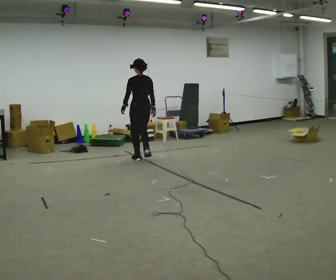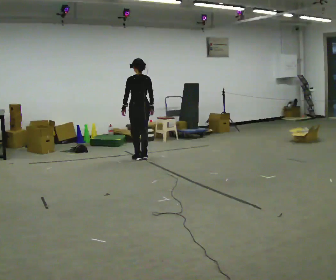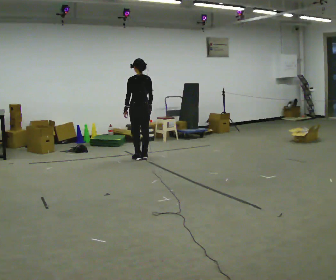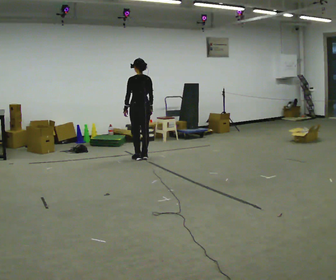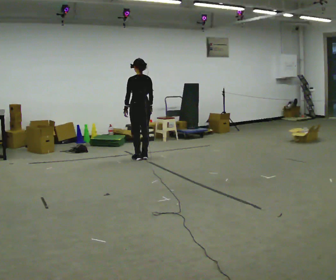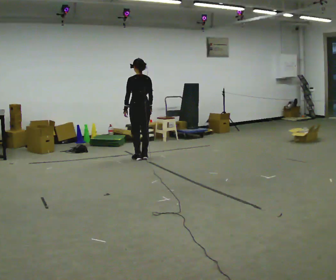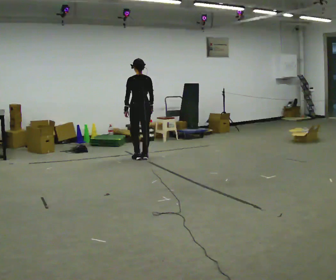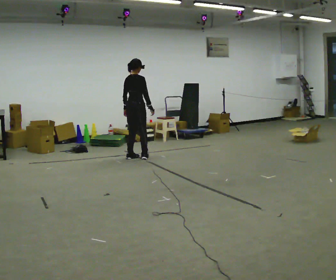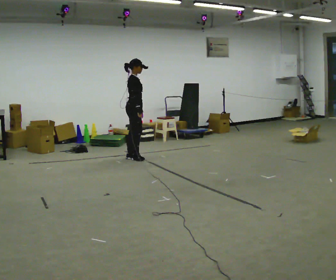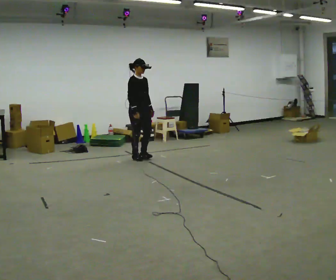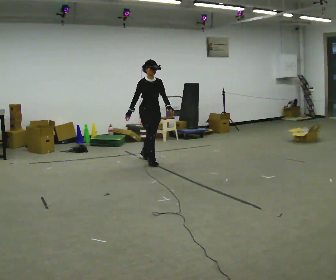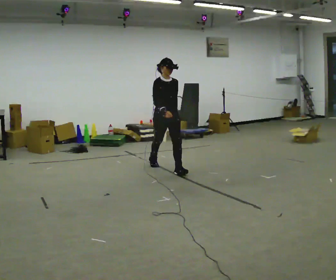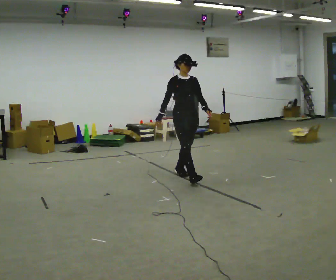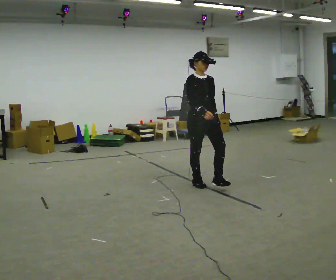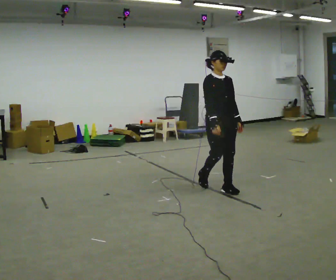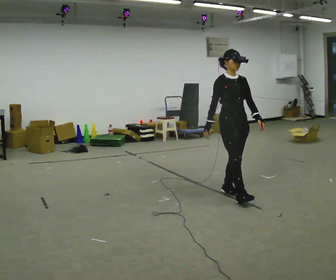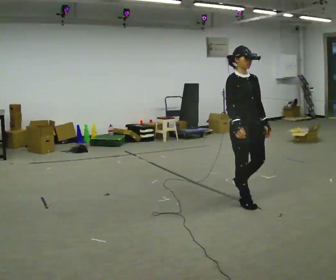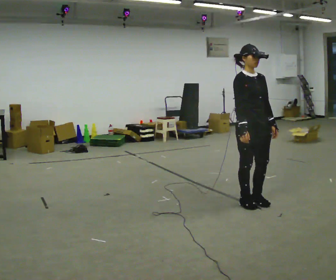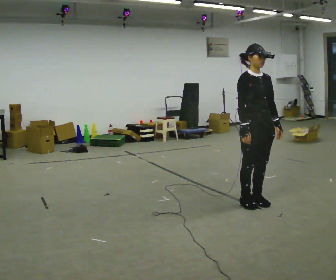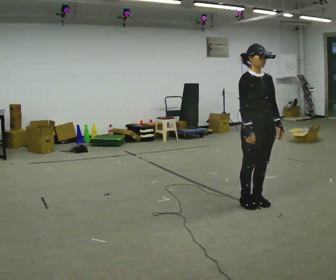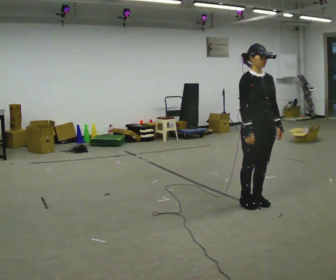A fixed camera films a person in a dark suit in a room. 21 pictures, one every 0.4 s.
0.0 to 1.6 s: The person moves a little, or ends about where they began.
1.6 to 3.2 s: Seen from above the body turns clockwise, about 120 degrees: to their right, with its near side sliding to the left.
3.2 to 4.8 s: Seen from above the body turns clockwise, about 60 degrees: to their right, with its near side sliding to the left. In the picture they go toward the camera and to the right, about 1.5 m in 3 steps.
4.8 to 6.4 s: In the picture they go toward the camera and to the right, about 1 m in 3 steps, which for them is forward.
6.4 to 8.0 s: The person moves a little, or ends about where they began.
The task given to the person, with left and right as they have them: Start at normal speed; gradually slow over several steps; stop gently.
The film runs forward here.
